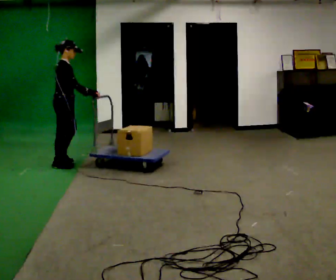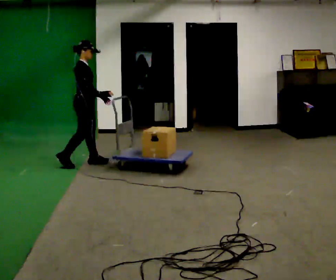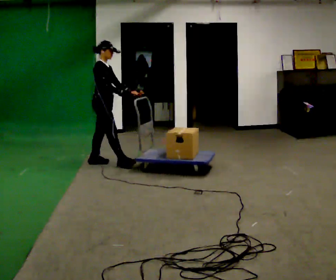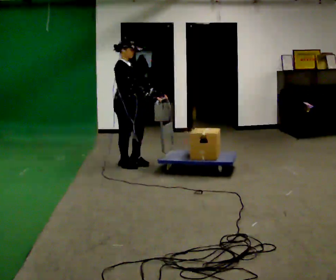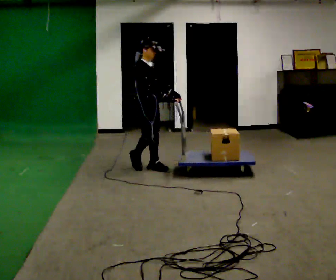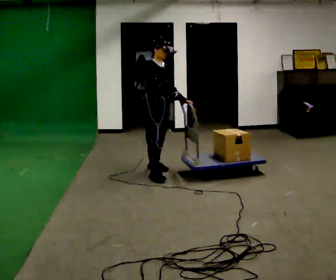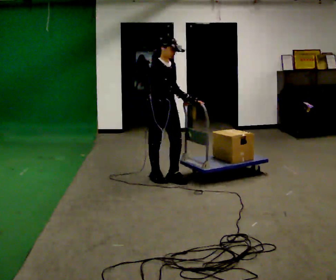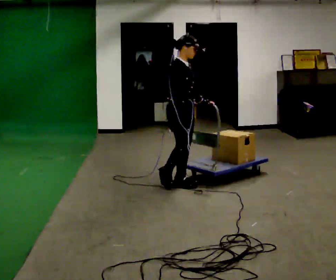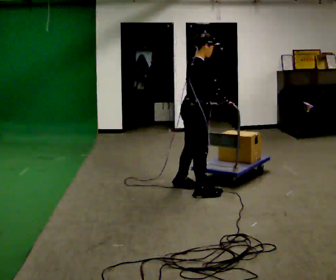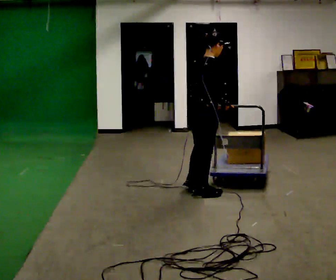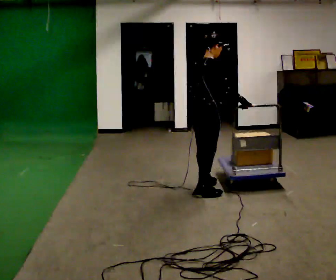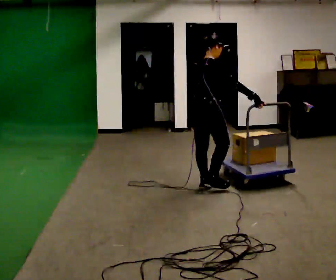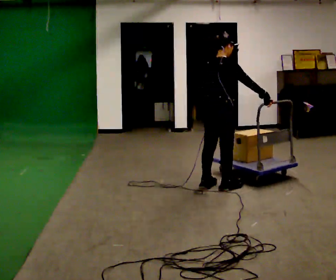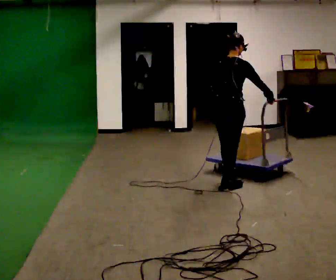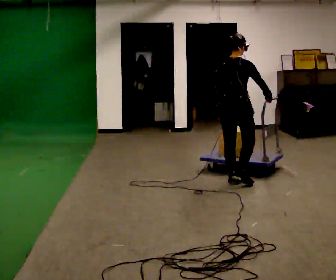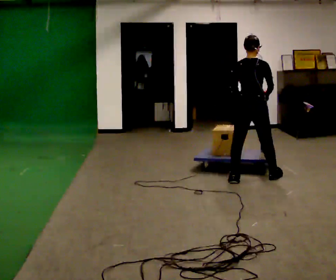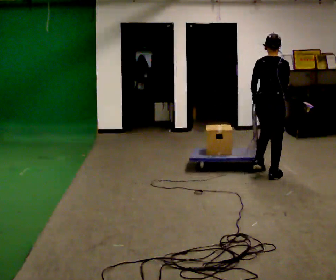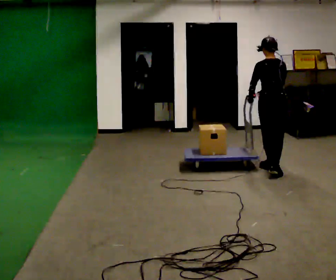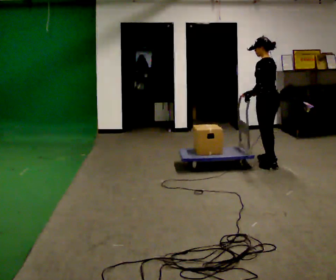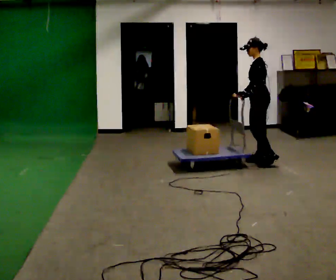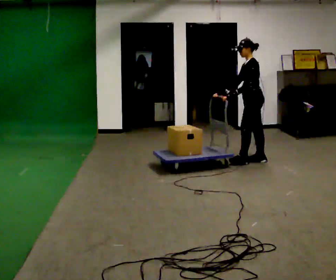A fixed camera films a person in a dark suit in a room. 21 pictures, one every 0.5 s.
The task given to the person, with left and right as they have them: Stand still with your hands on the cart. When the operator says go, get it moving, push it a few metres, then bring it to a stop. Repeat until the operator says stop.
0.0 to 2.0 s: The person turns about 45 degrees to their right, clockwise seen from above, so the part of the body nearest the lens slides to the left. In the picture they go to the right, about 1 m in 3 steps, which for them is forward.
2.0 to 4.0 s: Seen from above the body turns counterclockwise, about 45 degrees: to their left, with its near side sliding to the right. In the picture they go toward the camera and to the right, about 1 m in 3 steps, which for them is forward and to their right.
4.0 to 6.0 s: The person turns about 30 degrees to their left, counterclockwise seen from above, so the part of the body nearest the lens slides to the right. In the picture they go to the right and away from the camera, about 0.25 m in 2 steps, which for them is forward.
6.0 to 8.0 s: The person turns about 30 degrees to their left, counterclockwise seen from above, so the part of the body nearest the lens slides to the right. In the picture they go to the right and away from the camera, about 0.75 m in 2 steps, which for them is forward and to their right.
8.0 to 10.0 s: The part of the body nearest the lens slides to the right as the person turns to their left by about 105 degrees. In the picture they go away from the camera, about 1 m in 2 steps.
The film runs forward here.
